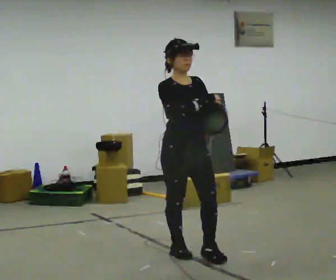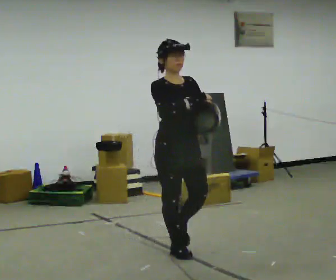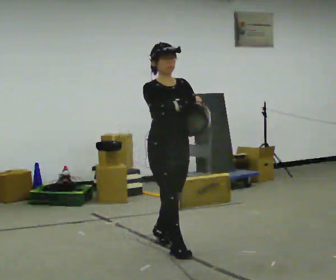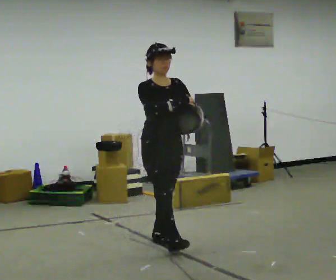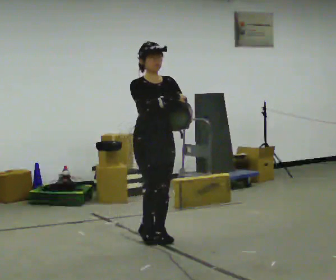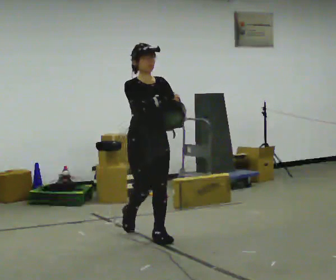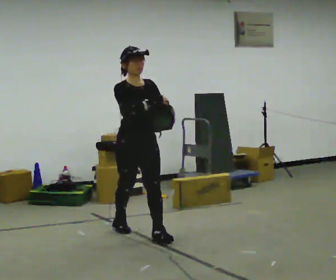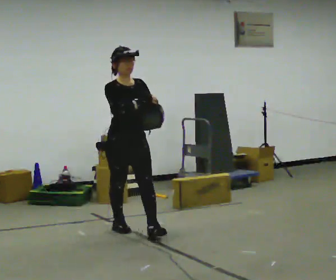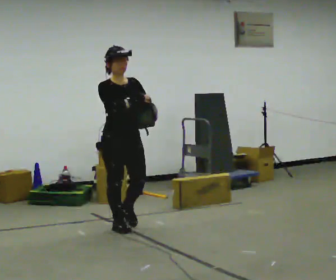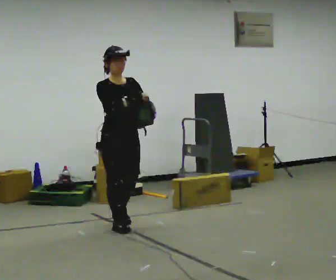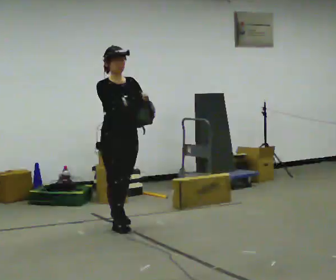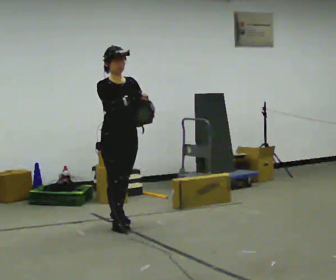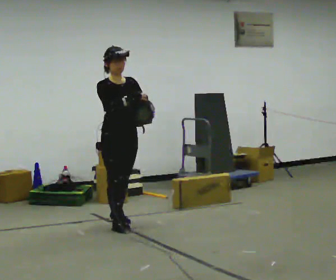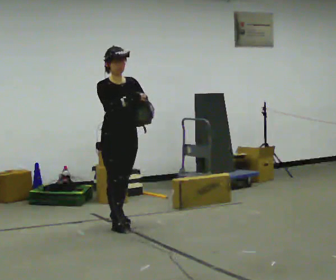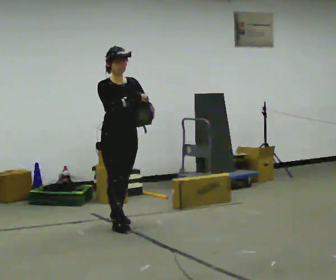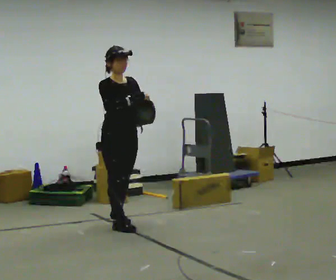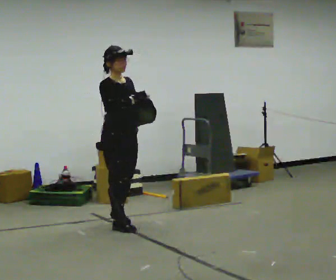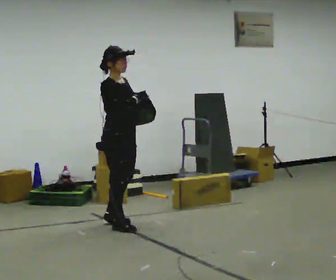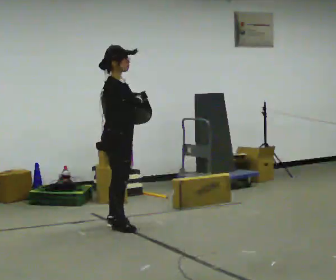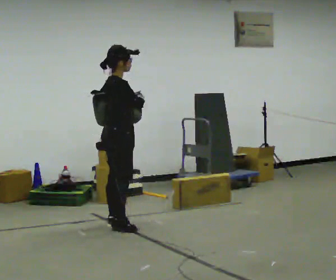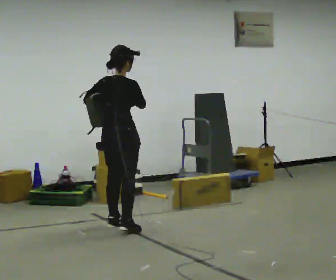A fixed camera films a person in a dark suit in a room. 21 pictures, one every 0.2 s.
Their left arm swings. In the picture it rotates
clockwise.
The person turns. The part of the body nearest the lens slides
to the right.
0.0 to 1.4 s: In the picture they go away from the camera and to the left, about 1 m in 2 steps, which for them is backward.
1.4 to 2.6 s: In the picture they go away from the camera, about 0.25 m, which for them is backward.
2.6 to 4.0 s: The person turns about 105 degrees to their left, counterclockwise seen from above, so the part of the body nearest the lens slides to the right. In the picture their left hand goes to the left, the arm swinging clockwise.
The film runs backward here.
